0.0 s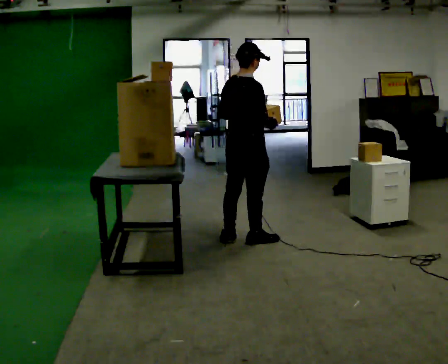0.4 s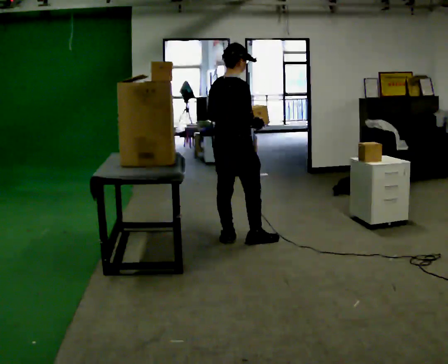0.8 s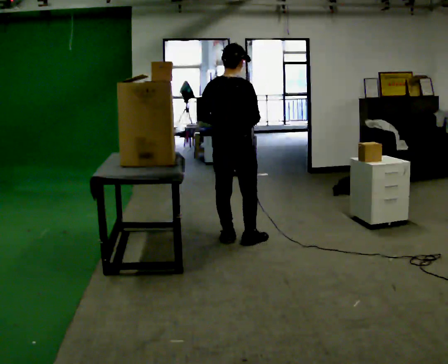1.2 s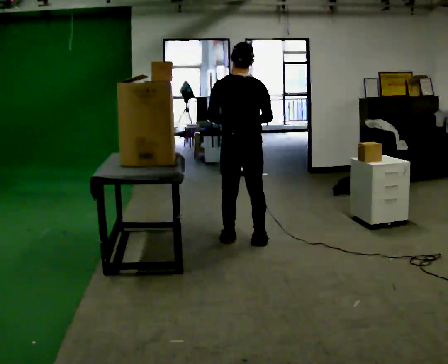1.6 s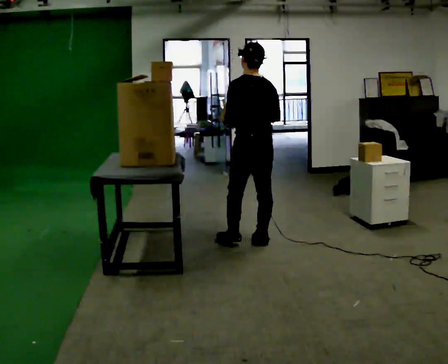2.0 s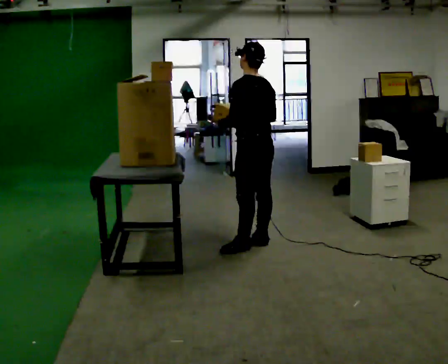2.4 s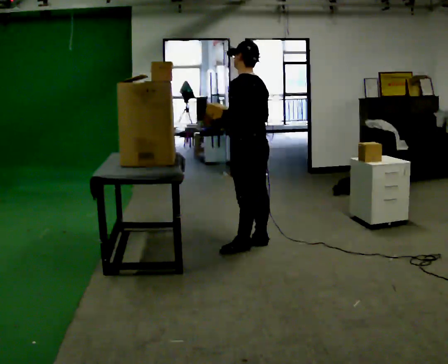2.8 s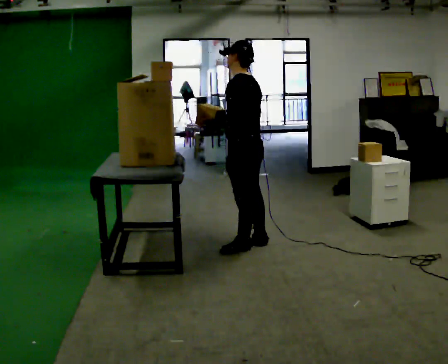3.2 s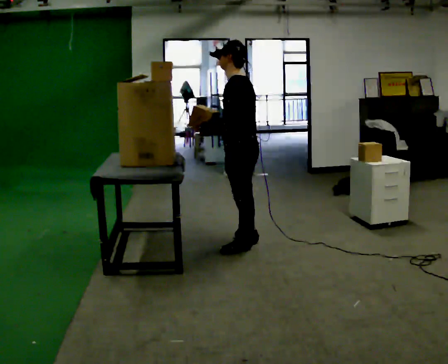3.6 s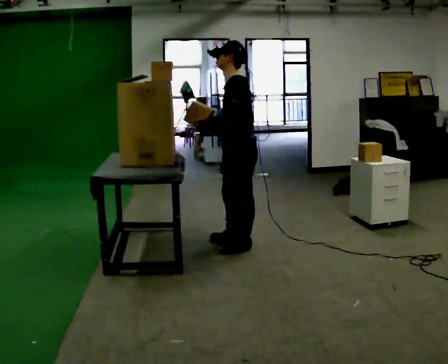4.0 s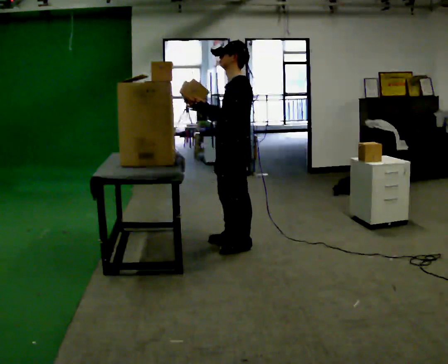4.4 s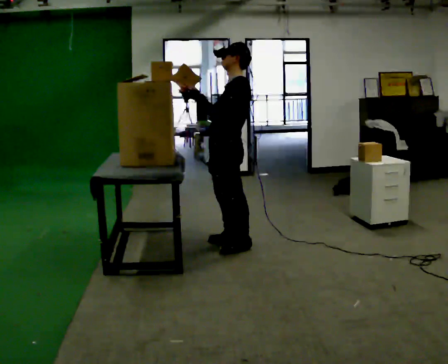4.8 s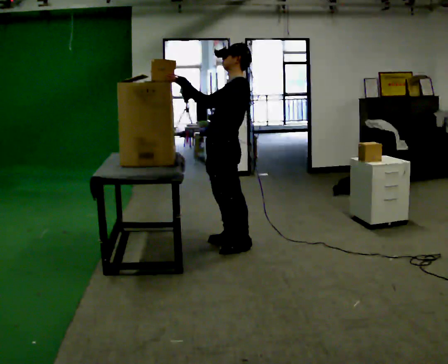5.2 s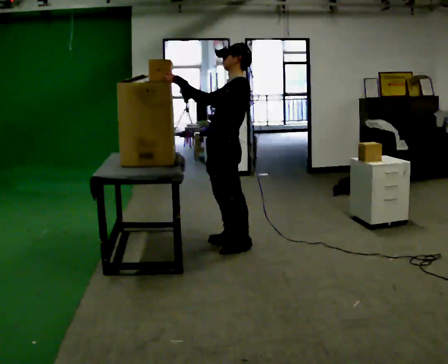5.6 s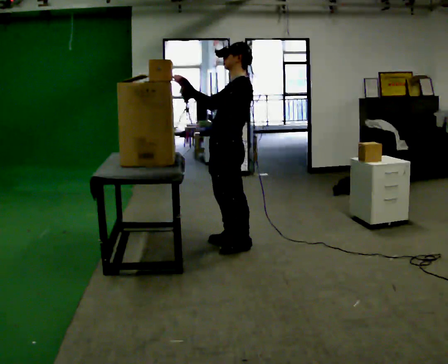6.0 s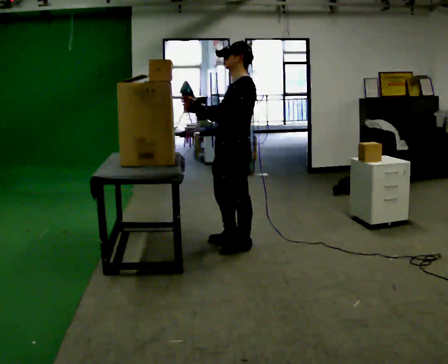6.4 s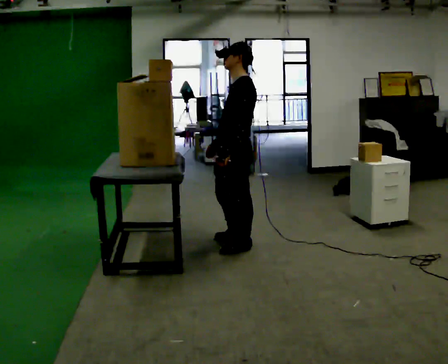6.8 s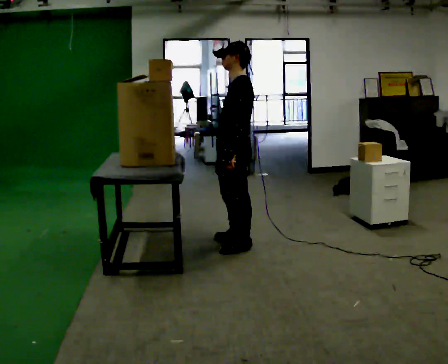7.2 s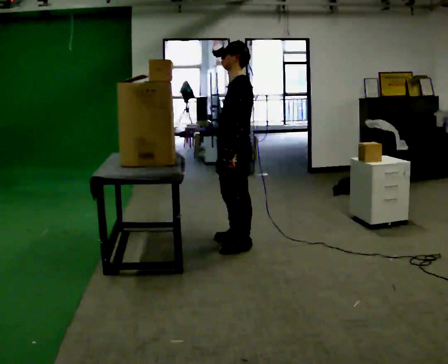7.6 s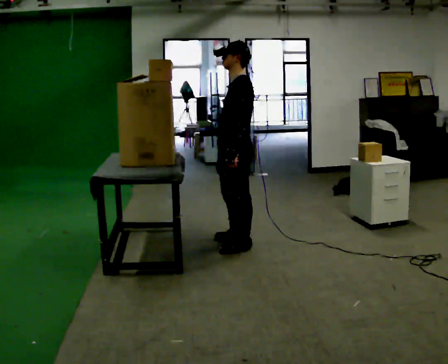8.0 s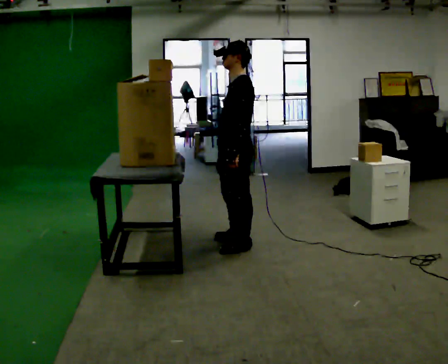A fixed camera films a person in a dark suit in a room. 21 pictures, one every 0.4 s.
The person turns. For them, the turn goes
to their left.
The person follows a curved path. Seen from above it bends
clockwise.
0.0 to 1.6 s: The person turns about 75 degrees to their left, counterclockwise seen from above, so the part of the body nearest the lens slides to the right.
1.6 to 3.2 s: Seen from above the body turns counterclockwise, about 45 degrees: to their left, with its near side sliding to the right. In the picture they go toward the camera, about 0.25 m in 1 step, which for them is to their left.
3.2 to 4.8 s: In the picture they go to the left, about 0.25 m, which for them is forward. In the picture the upper body tilts clockwise, shoulders to the right, as they lean back or straighten.
4.8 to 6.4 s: In the picture their right hand goes downward, the arm swinging counterclockwise.
6.4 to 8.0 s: The person moves a little, or ends about where they began.
The film runs backward here.
